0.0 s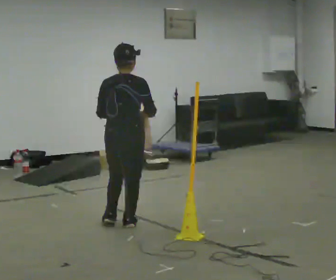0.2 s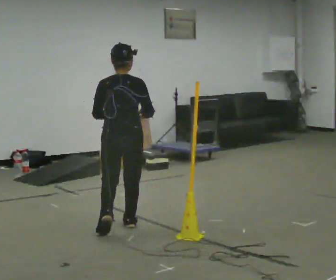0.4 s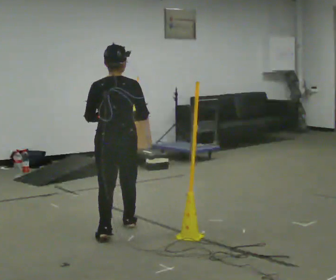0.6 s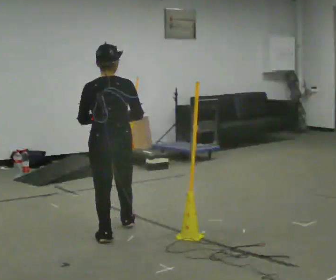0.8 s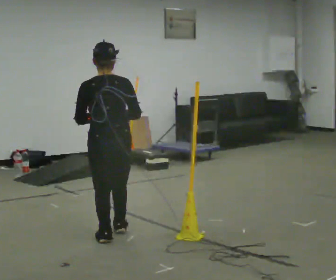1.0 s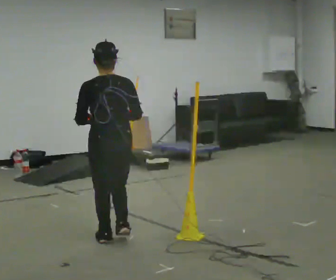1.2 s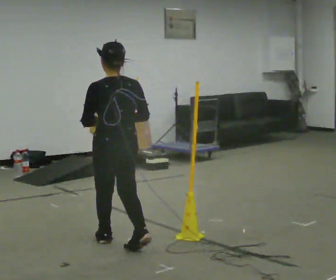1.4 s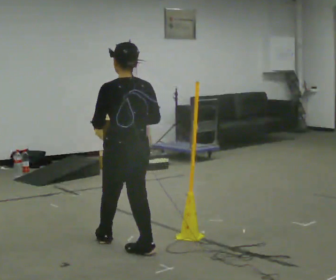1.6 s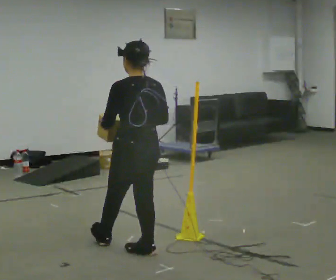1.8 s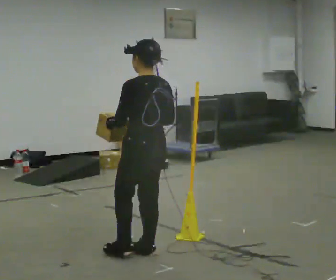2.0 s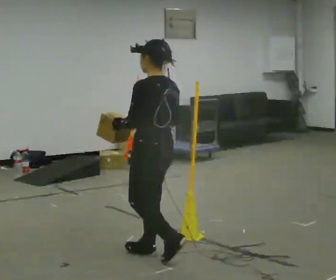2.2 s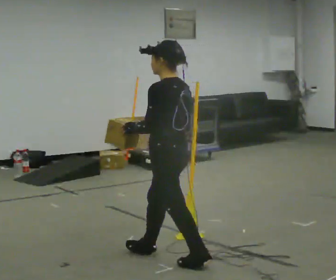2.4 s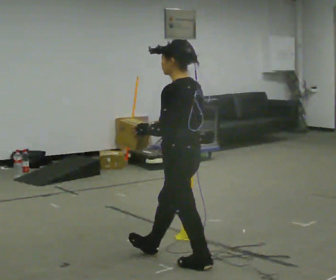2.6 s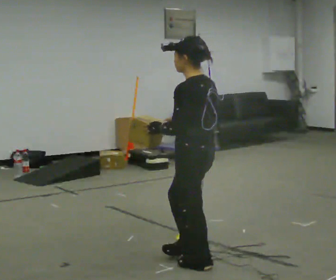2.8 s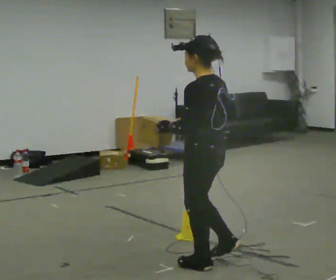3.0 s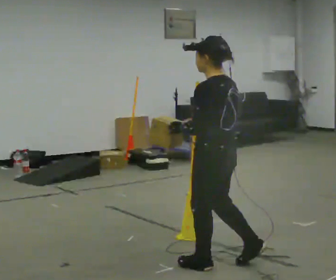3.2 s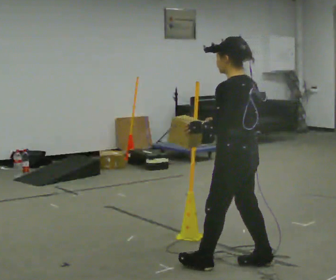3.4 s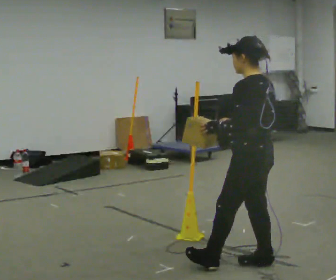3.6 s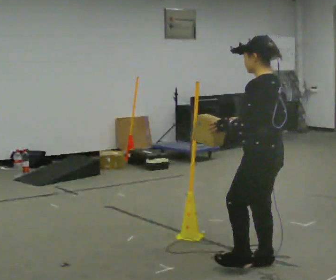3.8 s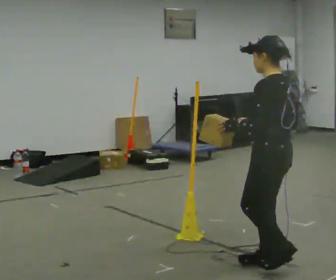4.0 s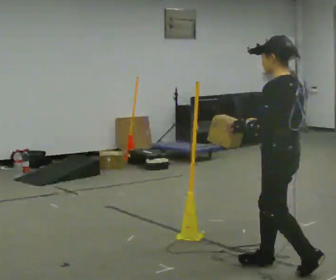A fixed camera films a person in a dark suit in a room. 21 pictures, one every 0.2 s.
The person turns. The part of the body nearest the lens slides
to the right.
The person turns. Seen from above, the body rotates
counterclockwise.
0.0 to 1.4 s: The part of the body nearest the lens slides to the right as the person turns to their left by about 45 degrees. In the picture they go toward the camera, about 0.5 m in 1 step, which for them is backward.
1.4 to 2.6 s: The part of the body nearest the lens slides to the right as the person turns to their left by about 30 degrees. In the picture they go toward the camera and to the right, about 0.5 m in 2 steps, which for them is backward.
2.6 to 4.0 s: In the picture they go to the right, about 0.5 m in 1 step, which for them is backward.
The film runs backward here.
